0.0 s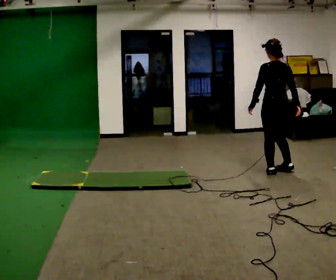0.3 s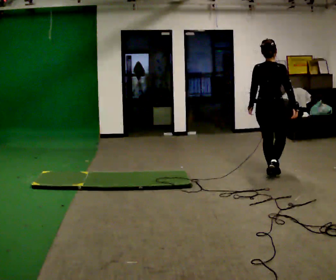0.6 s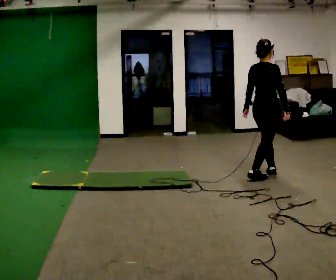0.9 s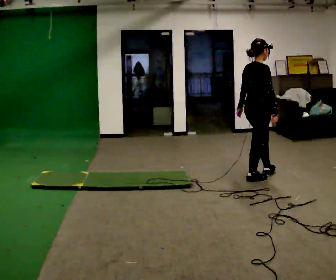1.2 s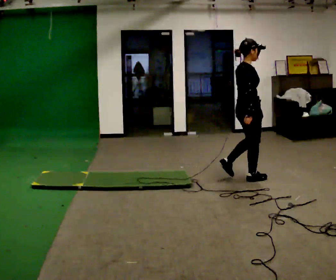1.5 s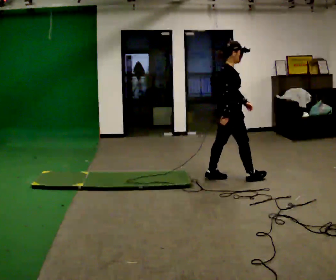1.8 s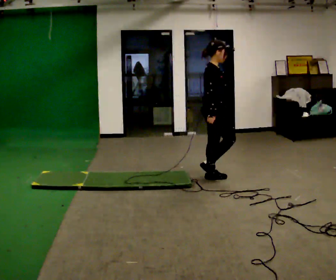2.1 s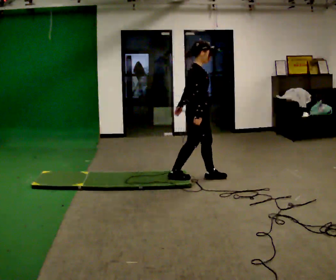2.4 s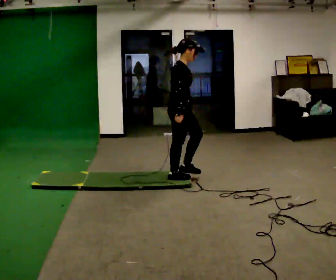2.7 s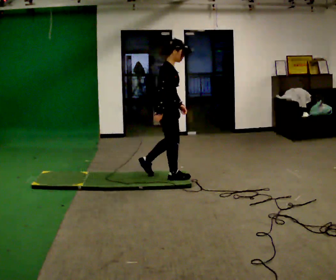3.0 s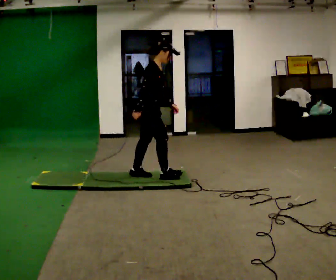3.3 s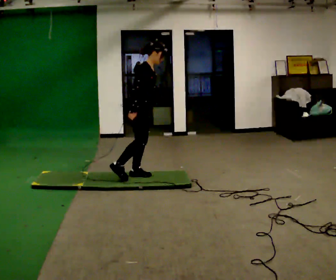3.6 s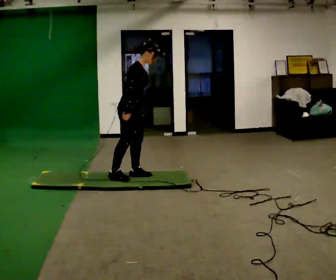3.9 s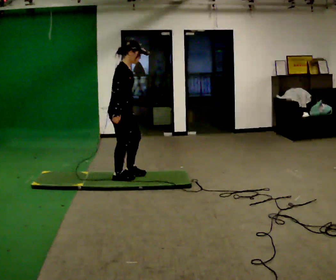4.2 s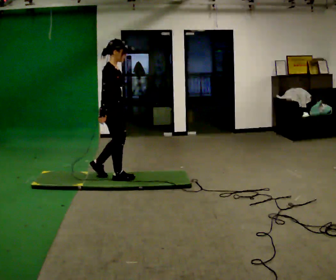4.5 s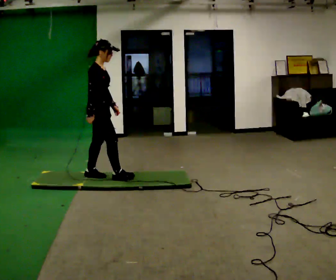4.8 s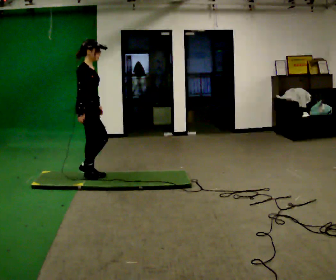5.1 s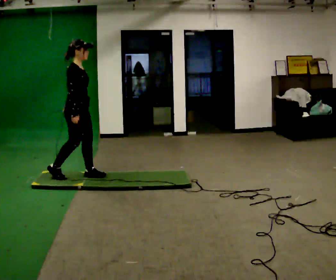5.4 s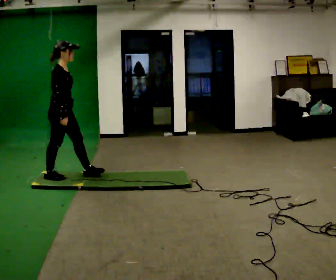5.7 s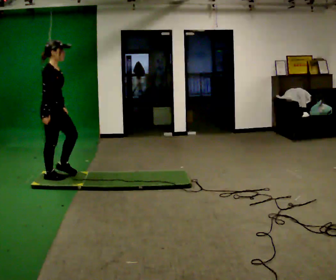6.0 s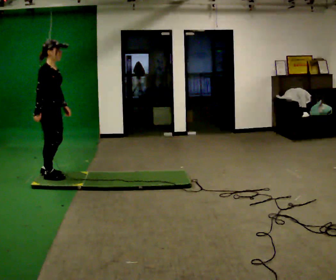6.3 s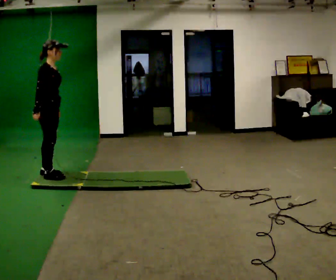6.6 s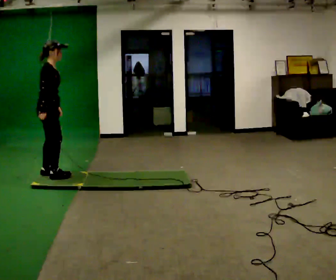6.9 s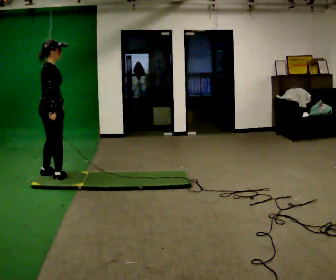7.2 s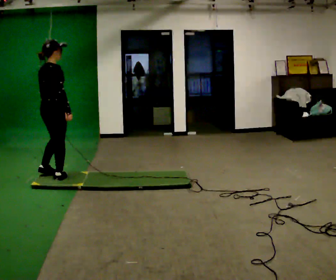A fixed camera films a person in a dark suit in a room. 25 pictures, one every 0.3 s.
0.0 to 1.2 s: The person turns about 105 degrees to their right, clockwise seen from above, so the part of the body nearest the lens slides to the left. In the picture they go to the left and toward the camera, about 0.5 m in 1 step.
1.2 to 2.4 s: In the picture they go to the left, about 1 m in 2 steps, which for them is backward.
2.4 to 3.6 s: In the picture they go to the left, about 0.5 m in 1 step, which for them is backward.
3.6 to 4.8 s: In the picture they go to the left, about 0.5 m in 2 steps, which for them is backward. In the picture the upper body tilts counterclockwise, shoulders to the left, as they lean back or straighten.
4.8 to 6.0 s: In the picture they go to the left, about 0.5 m in 1 step, which for them is backward.
6.0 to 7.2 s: Seen from above the body turns counterclockwise, about 45 degrees: to their left, with its near side sliding to the right.
The film runs backward here.
